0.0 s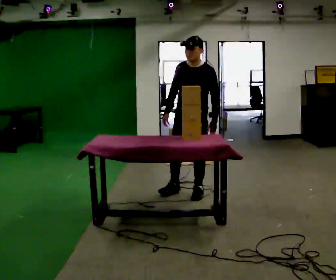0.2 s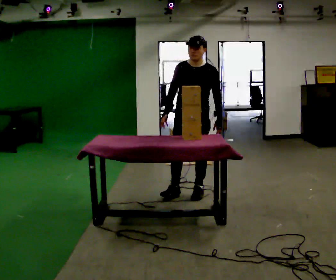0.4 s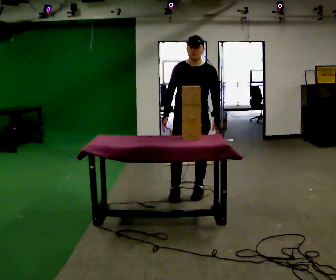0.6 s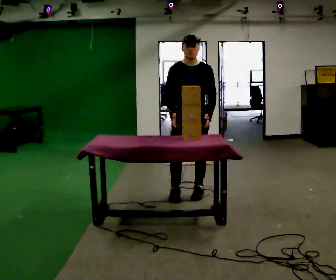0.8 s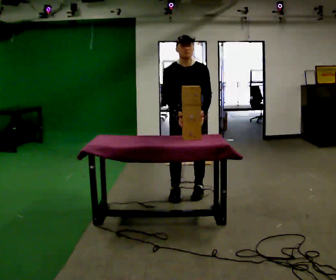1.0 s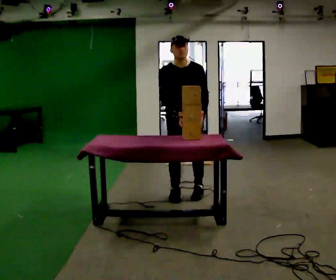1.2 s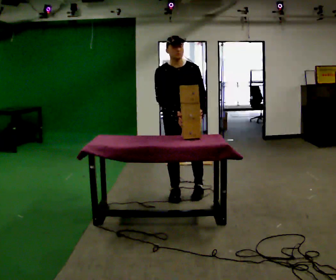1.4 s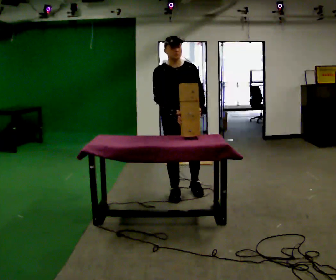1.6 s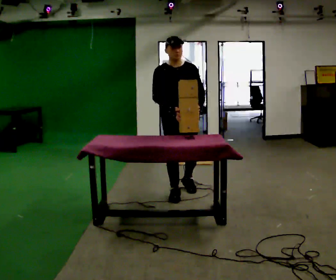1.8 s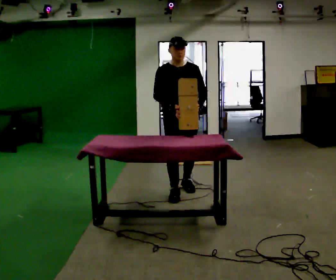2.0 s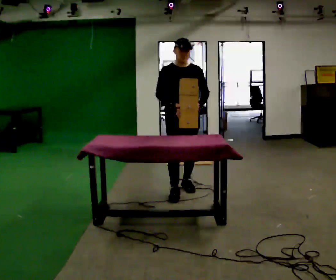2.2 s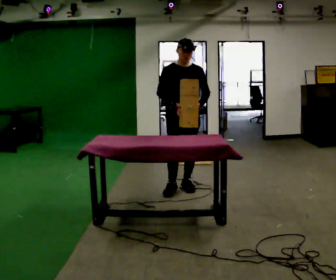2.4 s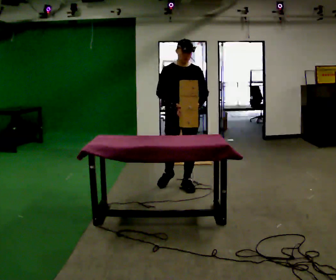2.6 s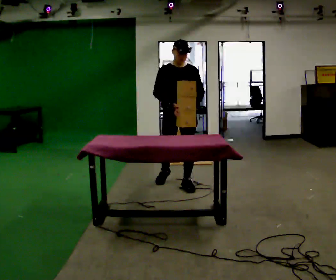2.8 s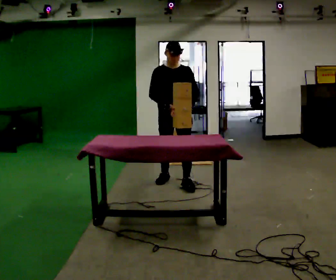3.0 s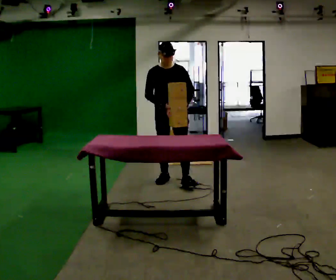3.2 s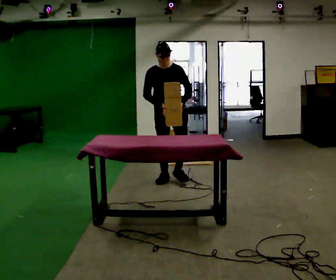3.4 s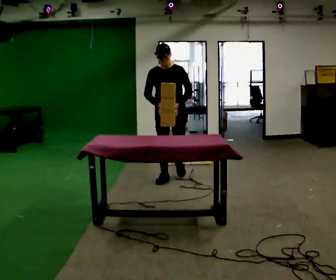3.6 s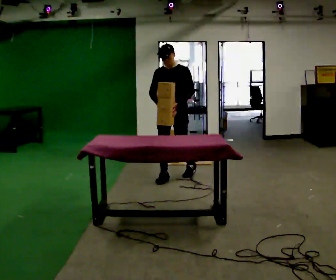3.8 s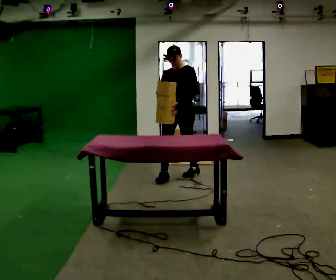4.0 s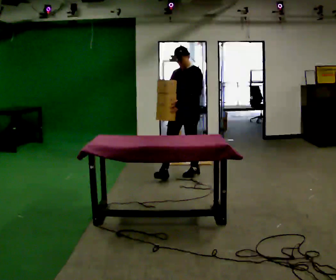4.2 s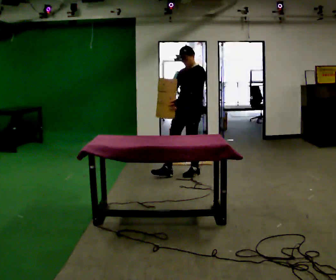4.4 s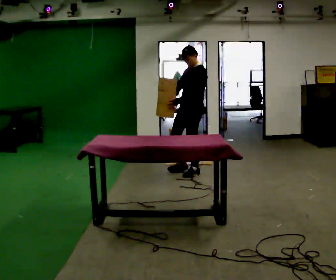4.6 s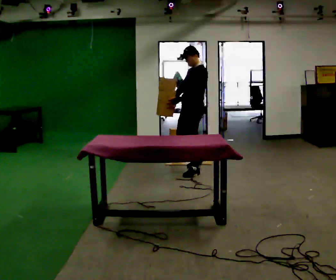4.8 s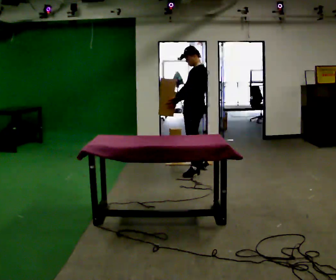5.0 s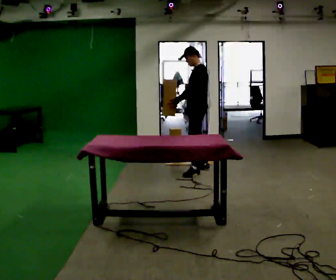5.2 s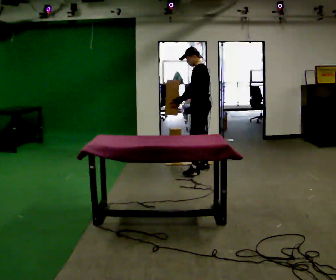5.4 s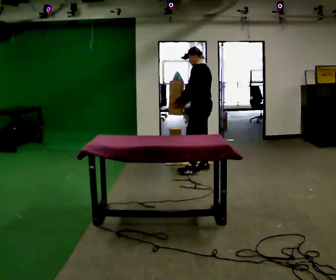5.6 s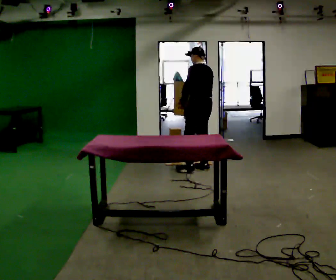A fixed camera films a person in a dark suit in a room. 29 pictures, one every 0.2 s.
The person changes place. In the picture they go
away from the camera.
The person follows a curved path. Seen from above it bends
clockwise.
0.0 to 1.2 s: The part of the body nearest the lens slides to the right as the person turns to their left by about 45 degrees. In the picture they go to the left, about 0.25 m, which for them is to their right.
1.2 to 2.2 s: In the picture they go away from the camera, about 0.25 m in 2 steps, which for them is backward.
2.2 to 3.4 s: In the picture they go away from the camera, about 0.5 m in 1 step, which for them is backward.
3.4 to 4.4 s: The person turns about 60 degrees to their right, clockwise seen from above, so the part of the body nearest the lens slides to the left. In the picture they go to the right and away from the camera, about 0.25 m in 1 step, which for them is backward and to their left.
4.4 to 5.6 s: Seen from above the body turns clockwise, about 75 degrees: to their right, with its near side sliding to the left. In the picture they go away from the camera, about 0.25 m in 1 step.
The film runs backward here.
